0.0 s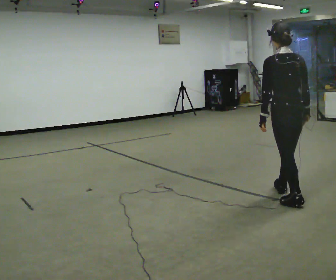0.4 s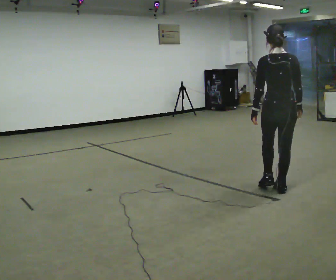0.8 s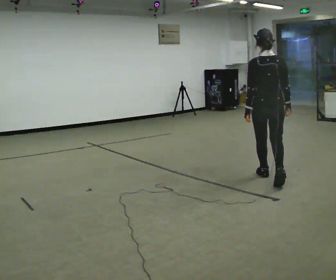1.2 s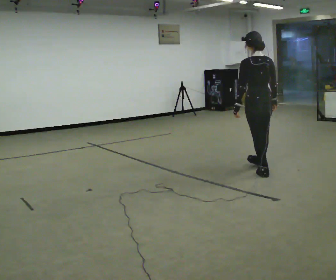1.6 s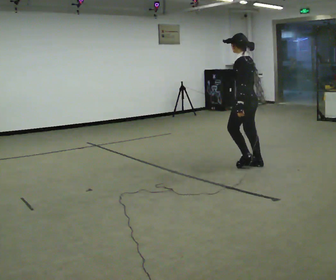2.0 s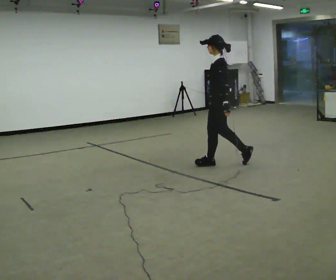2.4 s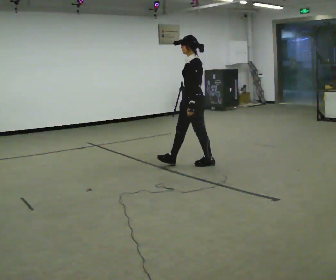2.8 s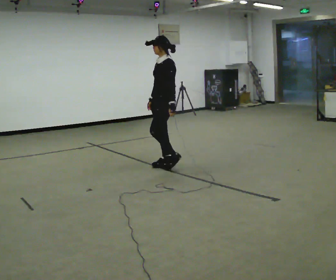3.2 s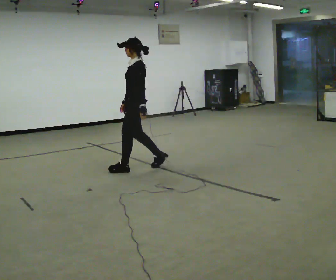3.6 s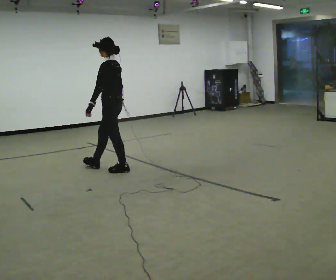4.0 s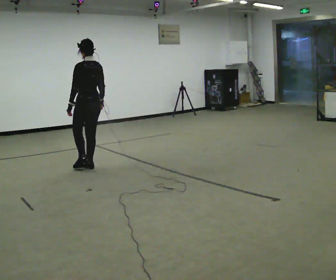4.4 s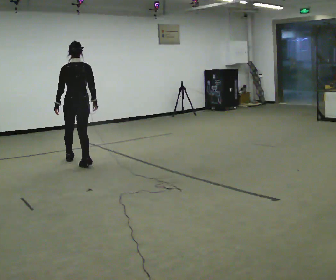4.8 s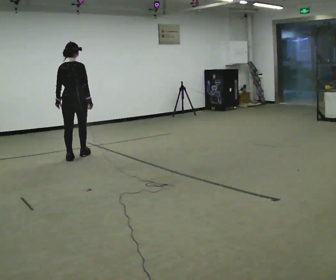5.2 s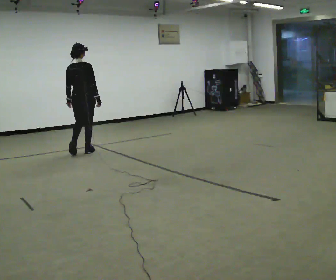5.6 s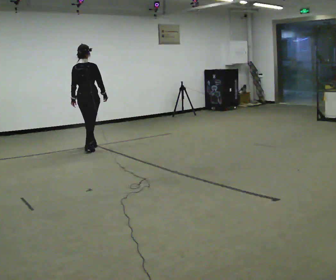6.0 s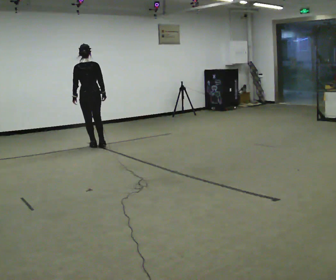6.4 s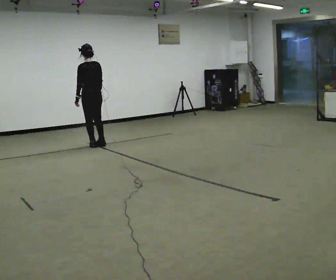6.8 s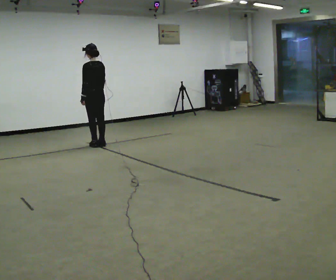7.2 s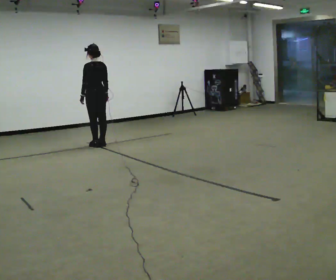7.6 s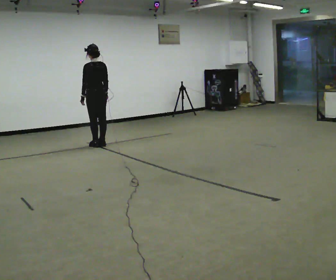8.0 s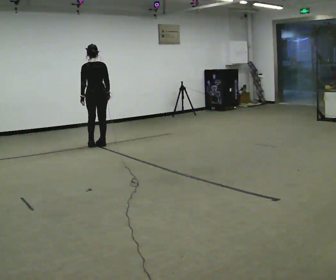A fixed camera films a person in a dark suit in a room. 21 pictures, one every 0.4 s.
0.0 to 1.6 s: Seen from above the body turns counterclockwise, about 45 degrees: to their left, with its near side sliding to the right. In the picture they go away from the camera, about 1 m in 2 steps.
1.6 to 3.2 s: The person turns about 45 degrees to their left, counterclockwise seen from above, so the part of the body nearest the lens slides to the right. In the picture they go to the left, about 1.5 m in 3 steps, which for them is forward.
3.2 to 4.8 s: The part of the body nearest the lens slides to the left as the person turns to their right by about 105 degrees. In the picture they go away from the camera and to the left, about 1 m in 2 steps.
4.8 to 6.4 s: Seen from above the body turns counterclockwise, about 45 degrees: to their left, with its near side sliding to the right. In the picture they go away from the camera, about 1 m in 3 steps, which for them is forward.
6.4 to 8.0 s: The person turns about 30 degrees to their right, clockwise seen from above, so the part of the body nearest the lens slides to the left.
The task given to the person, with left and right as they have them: Follow S-shaped path continuously; no stopping between curves.
The film runs forward here.
